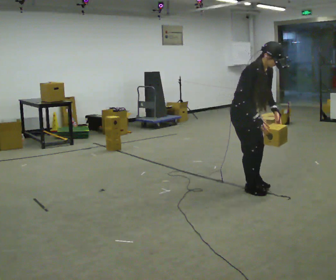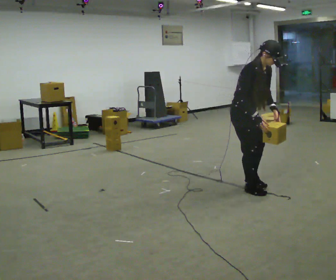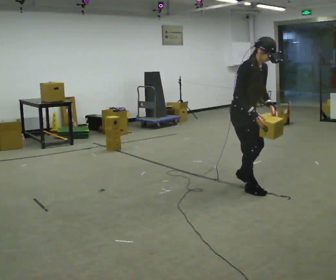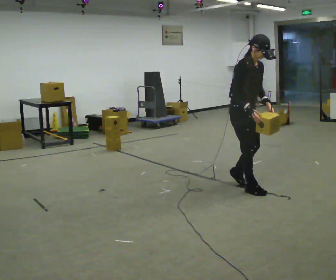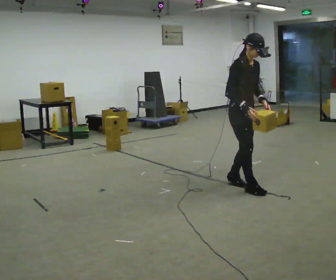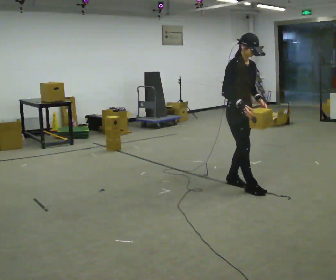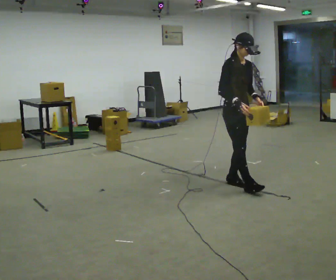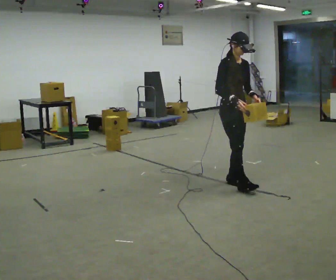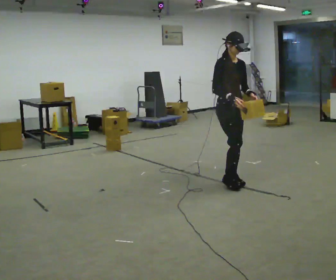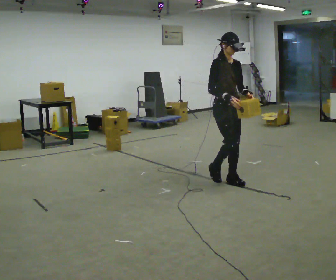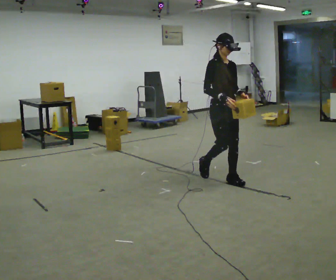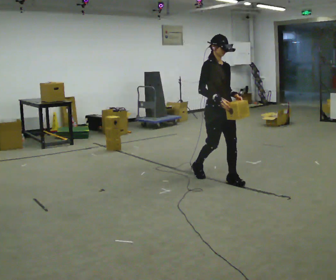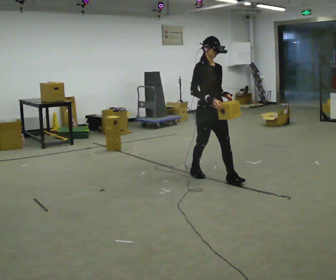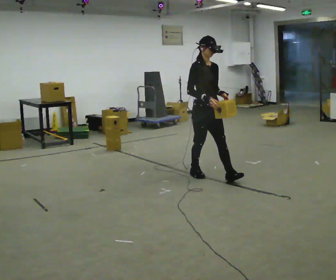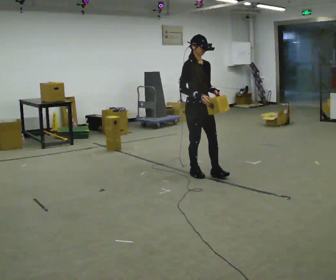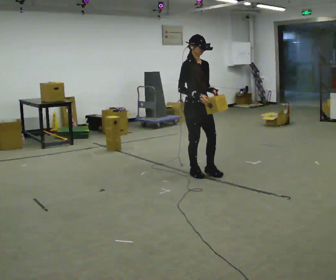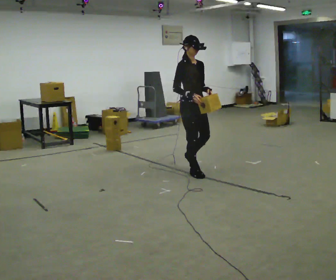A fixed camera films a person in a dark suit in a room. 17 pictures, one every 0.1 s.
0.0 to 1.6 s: In the picture they go away from the camera and to the left, about 1 m in 2 steps, which for them is backward. In the picture the upper body tilts counterclockwise, shoulders to the left, as they lean back or straighten.
The film runs backward here.
